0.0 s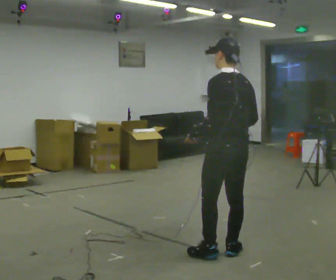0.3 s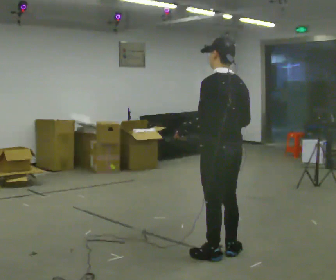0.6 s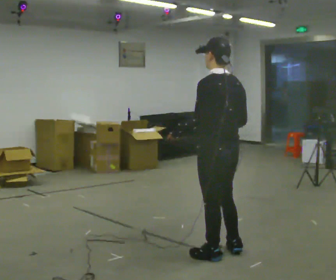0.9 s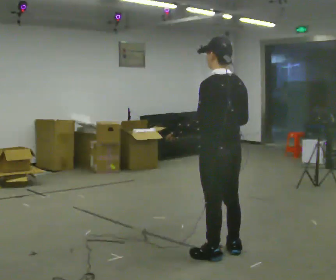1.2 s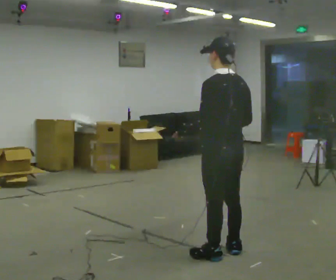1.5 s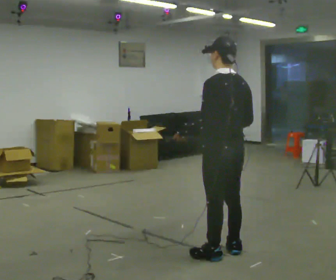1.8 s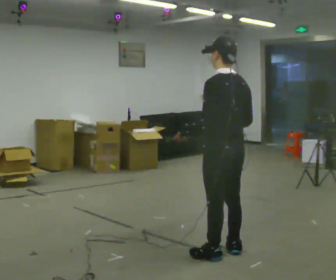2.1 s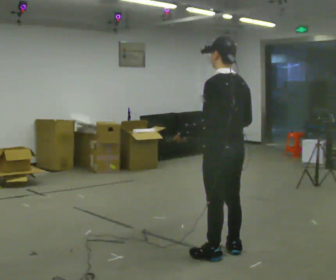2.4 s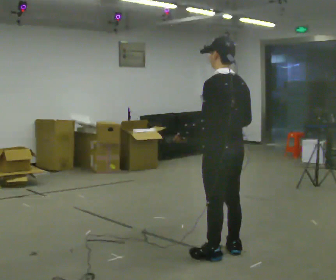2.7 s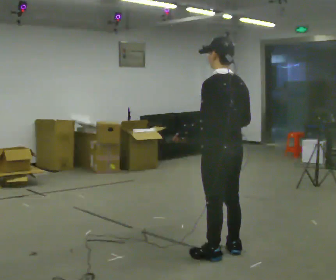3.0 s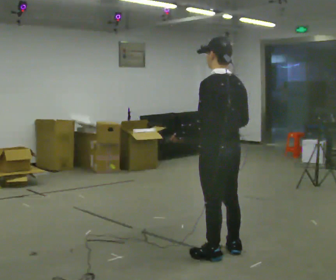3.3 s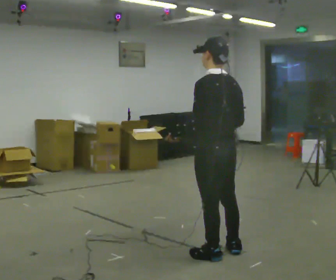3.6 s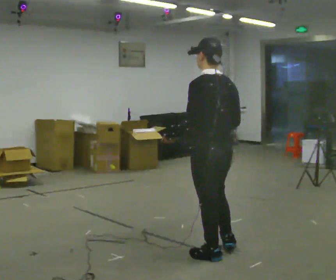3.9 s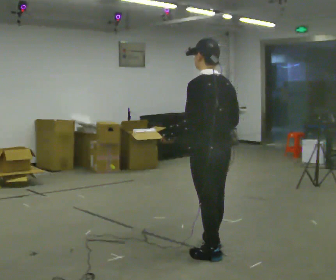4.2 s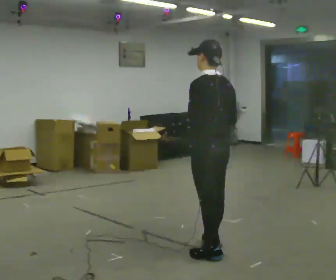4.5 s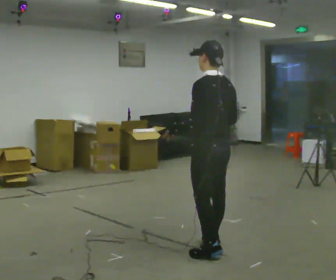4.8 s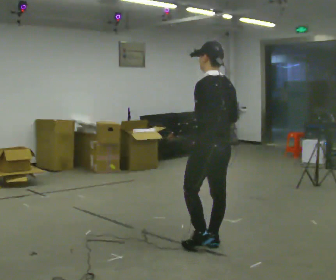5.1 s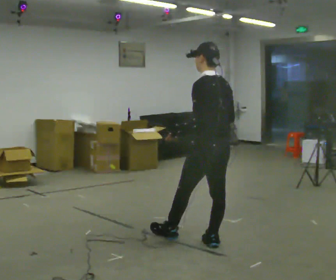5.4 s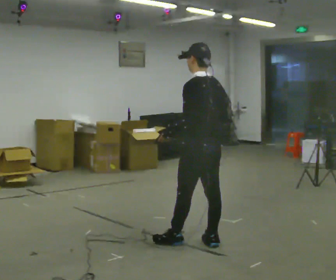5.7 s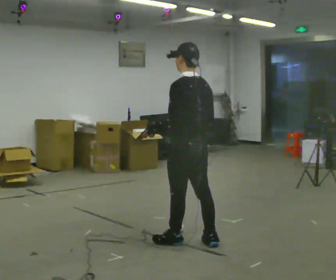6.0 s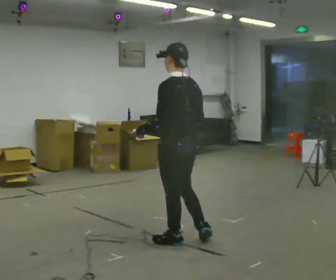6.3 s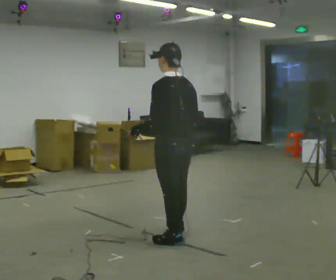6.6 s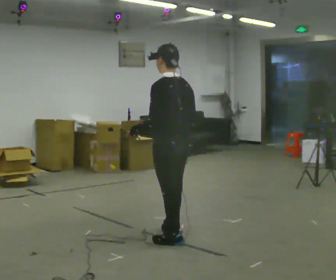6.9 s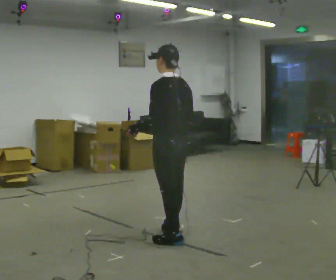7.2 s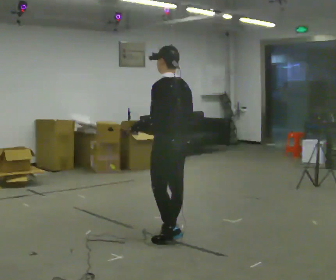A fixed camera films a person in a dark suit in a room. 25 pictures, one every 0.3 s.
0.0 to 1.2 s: The person moves a little, or ends about where they began.
1.2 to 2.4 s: The person keeps their place and pose.
2.4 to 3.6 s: The person moves a little, or ends about where they began.
3.6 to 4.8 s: In the picture they go away from the camera, about 0.25 m in 1 step, which for them is to their right and forward.
4.8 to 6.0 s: In the picture they go to the left, about 0.25 m in 1 step, which for them is forward and to their left.
6.0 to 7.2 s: In the picture they go away from the camera, about 0.25 m in 1 step, which for them is forward and to their right.
The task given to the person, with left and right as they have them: Carry the box with its lid hanging open across the room, back and forth.
The film runs forward here.
